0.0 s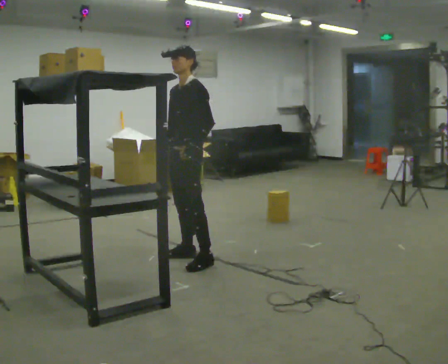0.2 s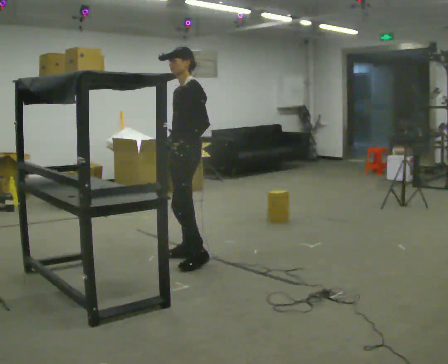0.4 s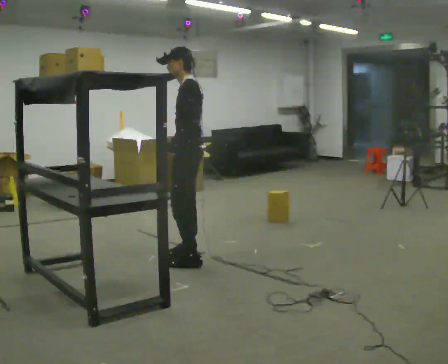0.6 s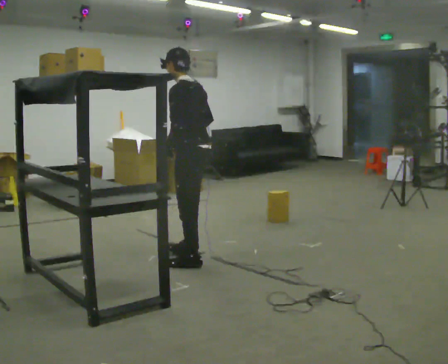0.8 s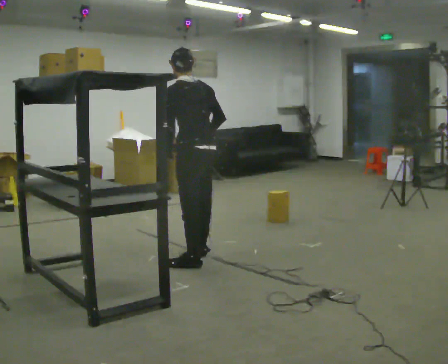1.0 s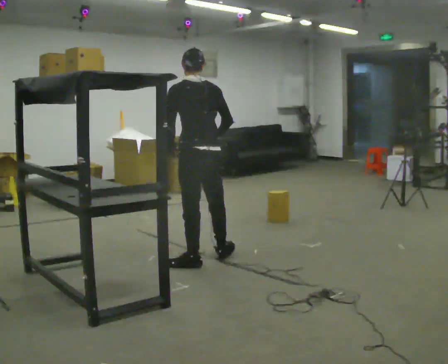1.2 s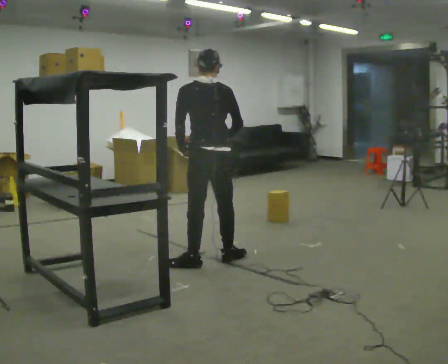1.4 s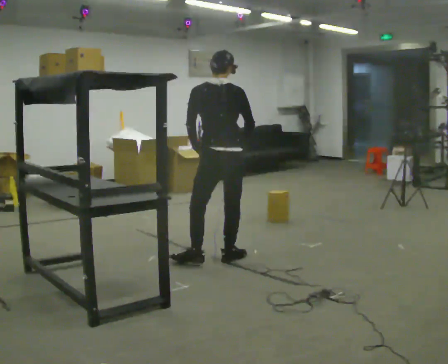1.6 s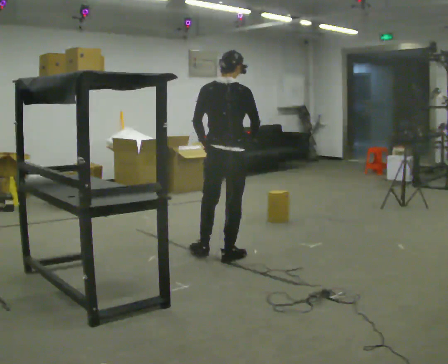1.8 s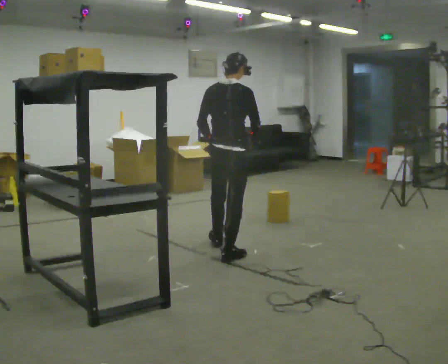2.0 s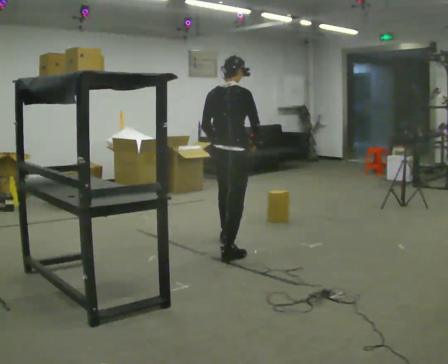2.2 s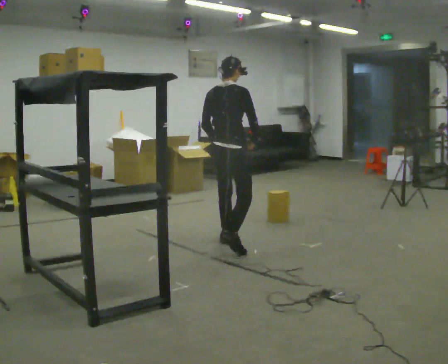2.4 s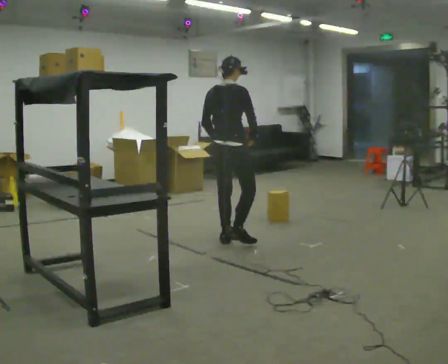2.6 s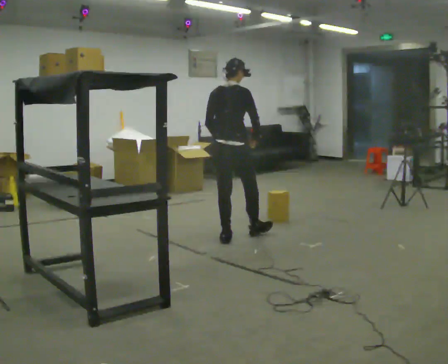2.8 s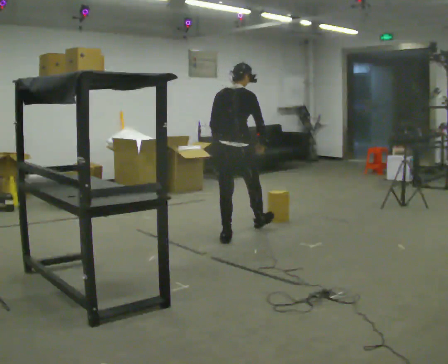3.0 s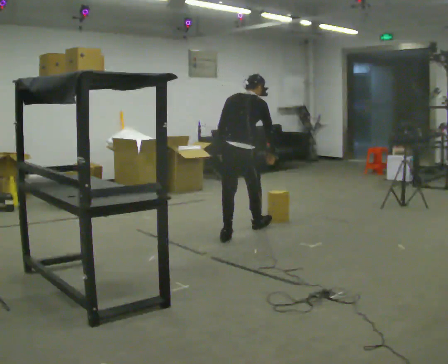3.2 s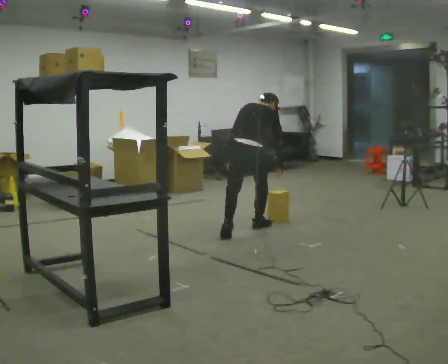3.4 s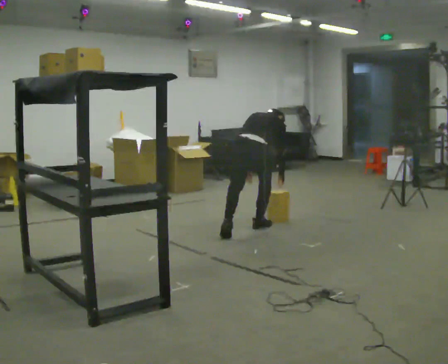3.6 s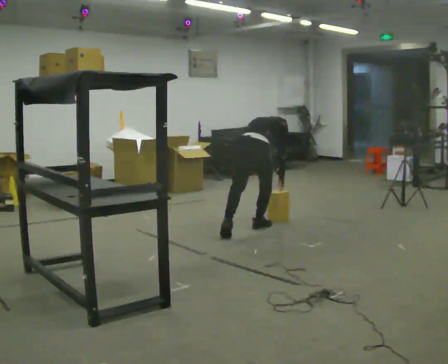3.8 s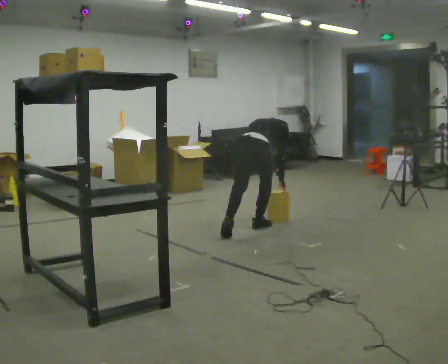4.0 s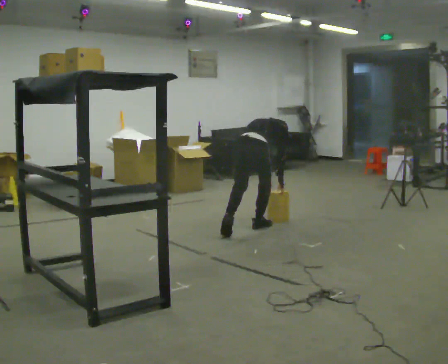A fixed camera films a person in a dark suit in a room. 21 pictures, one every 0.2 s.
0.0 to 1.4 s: Seen from above the body turns clockwise, about 120 degrees: to their right, with its near side sliding to the left. In the picture they go to the right, about 0.25 m in 1 step. In the picture their right hand goes to the right, the arm swinging counterclockwise.
1.4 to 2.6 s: The part of the body nearest the lens slides to the left as the person turns to their right by about 30 degrees. In the picture they go away from the camera, about 0.75 m in 1 step, which for them is forward and to their left.
2.6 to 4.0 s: In the picture they go away from the camera and to the right, about 0.5 m in 1 step, which for them is forward. The shoulders move downward. The upper body tips away from the camera, its near side rolling upward, as they bend forward. In the picture their right hand goes downward.
The film runs forward here.
